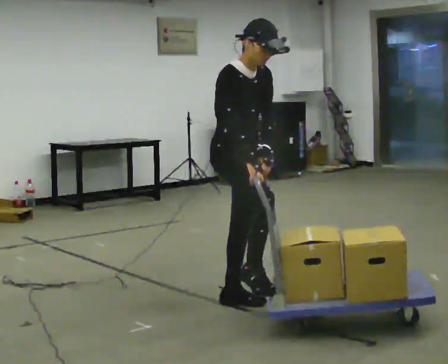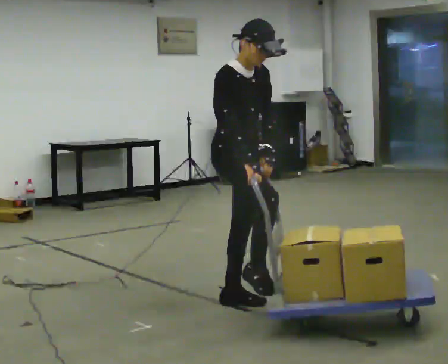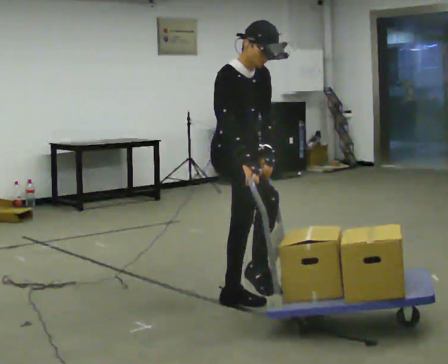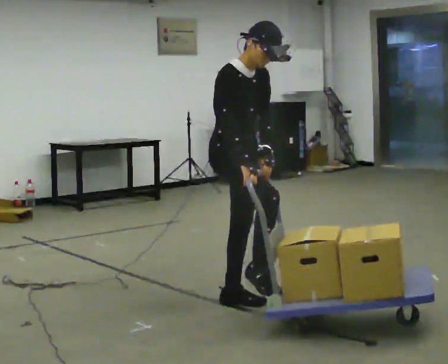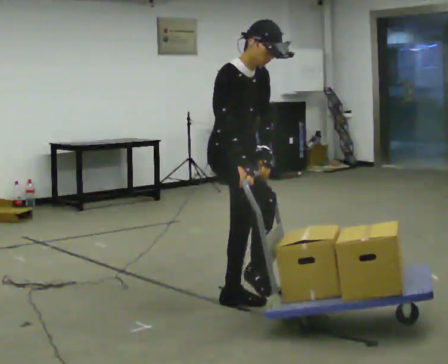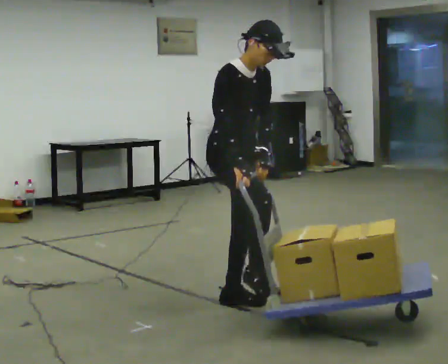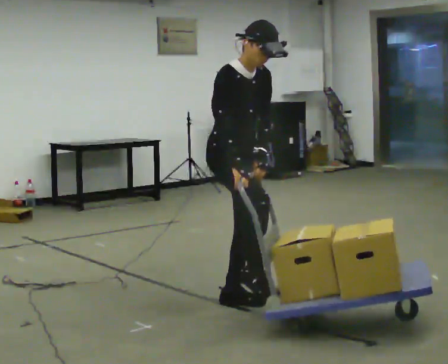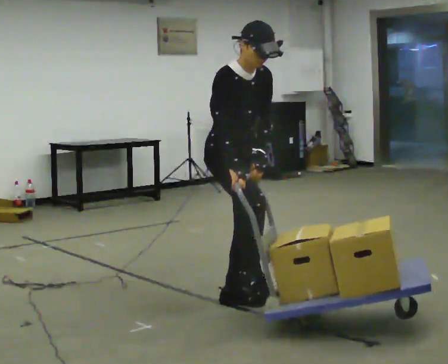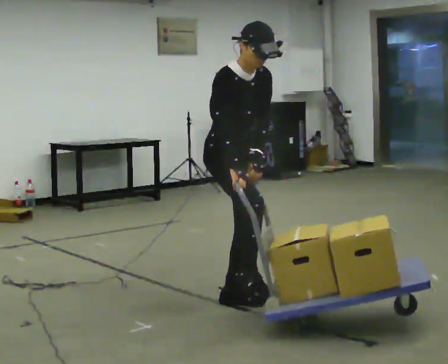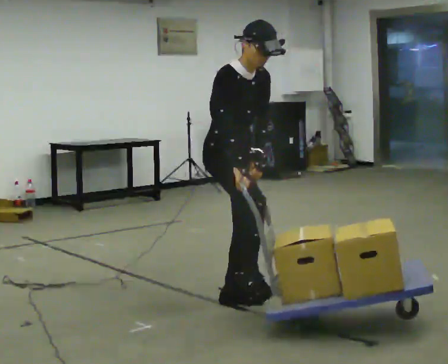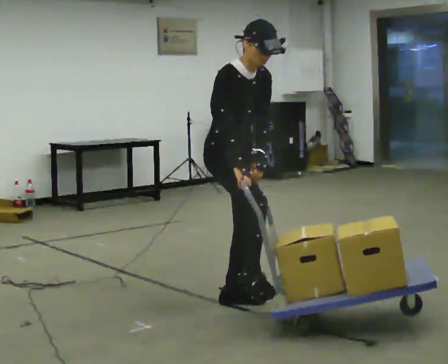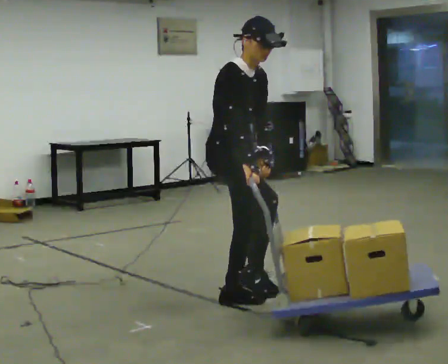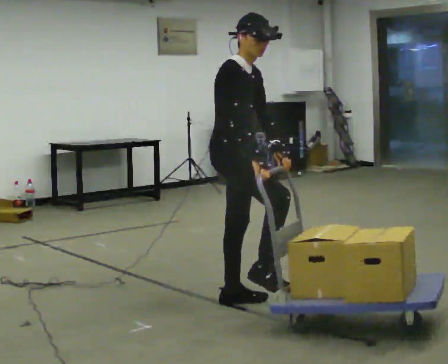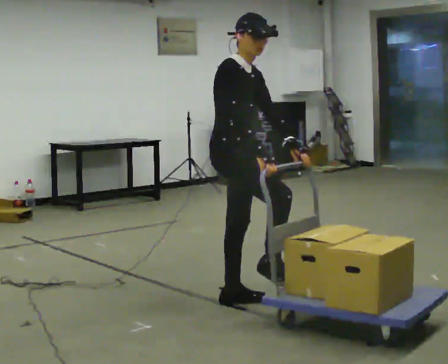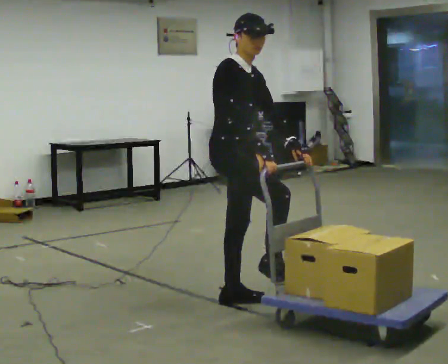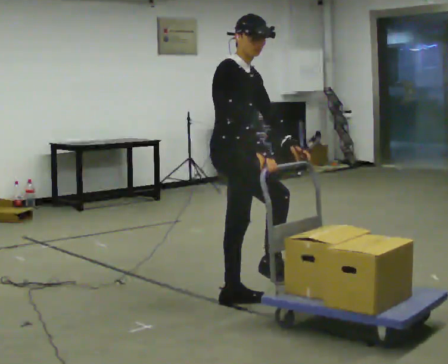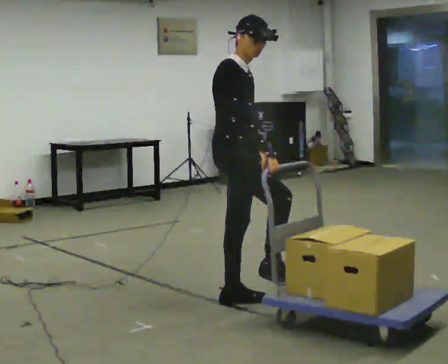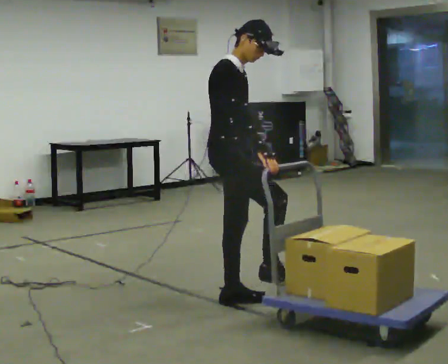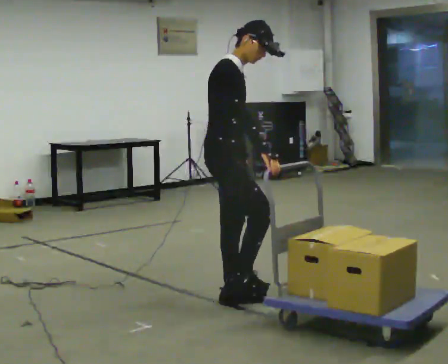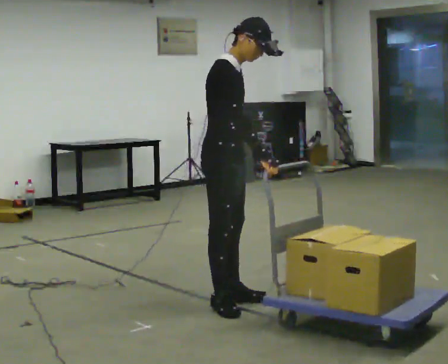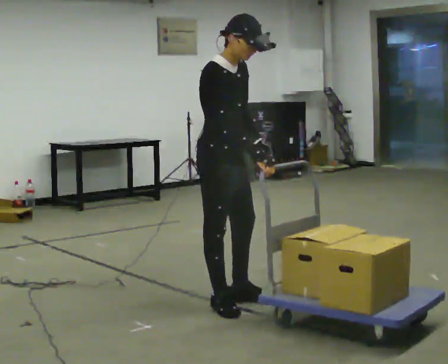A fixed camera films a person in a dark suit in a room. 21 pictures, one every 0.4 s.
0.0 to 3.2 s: The person moves a little, or ends about where they began.
3.2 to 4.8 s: Seen from above the body turns counterclockwise, about 30 degrees: to their left, with its near side sliding to the right.
4.8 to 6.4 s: The person moves a little, or ends about where they began.
6.4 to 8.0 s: The upper body tips toward the camera, its near side rolling downward.
The film runs backward here.
